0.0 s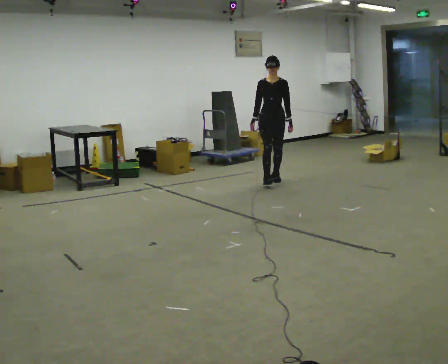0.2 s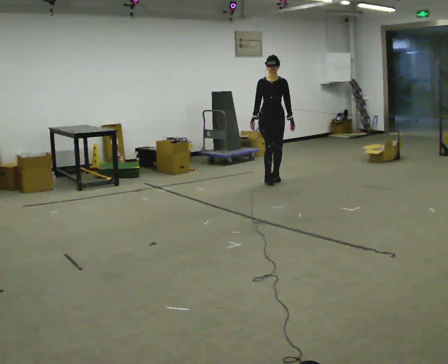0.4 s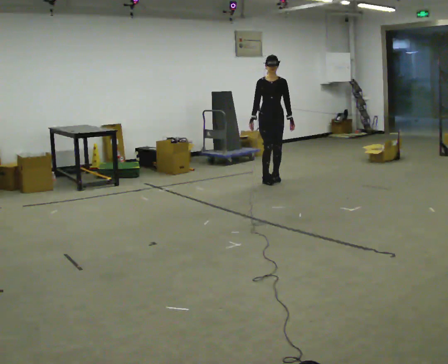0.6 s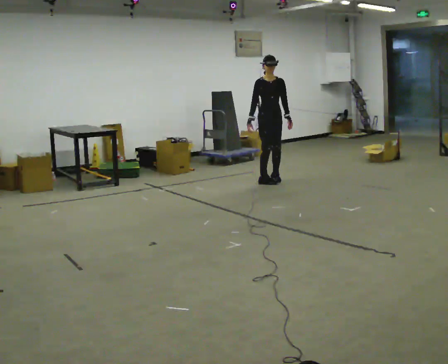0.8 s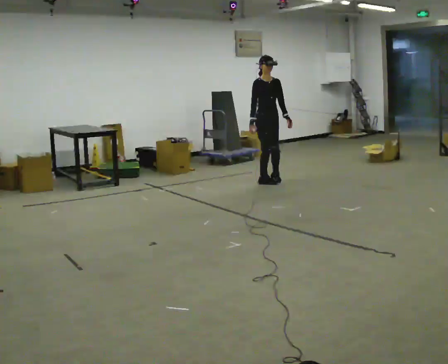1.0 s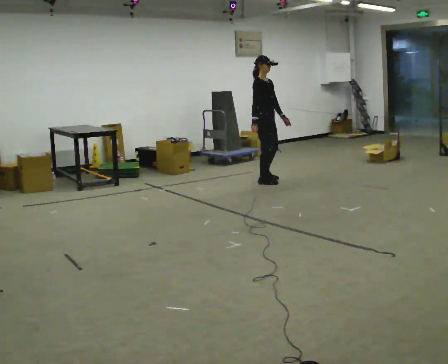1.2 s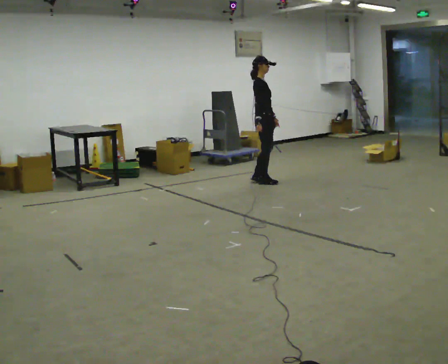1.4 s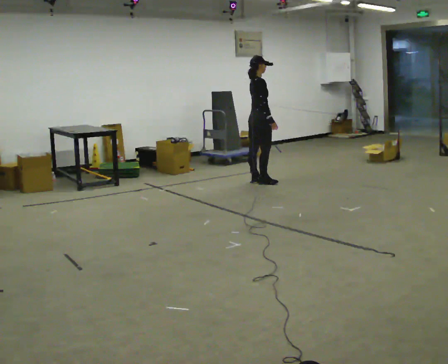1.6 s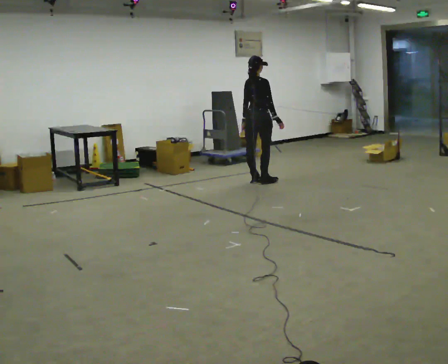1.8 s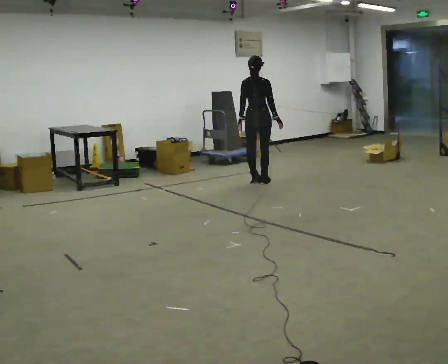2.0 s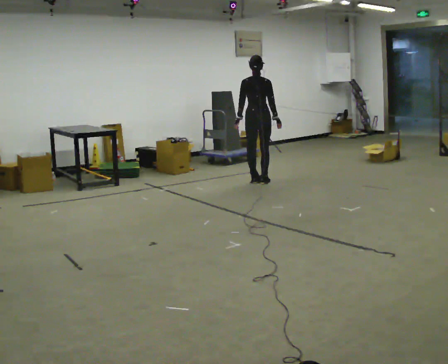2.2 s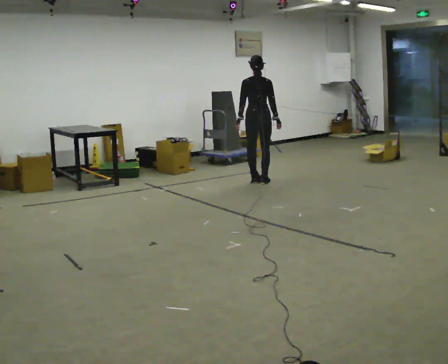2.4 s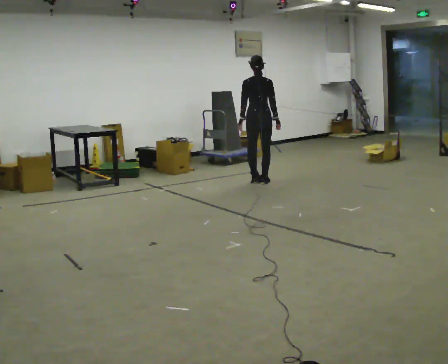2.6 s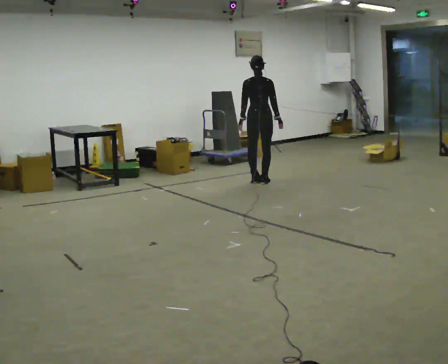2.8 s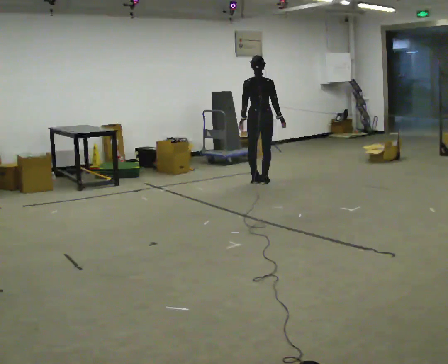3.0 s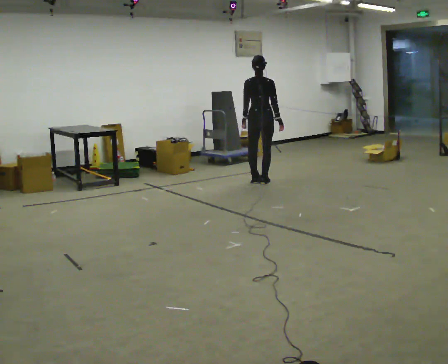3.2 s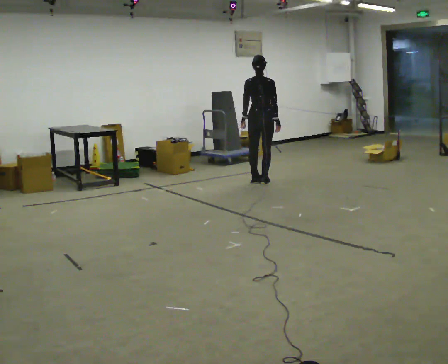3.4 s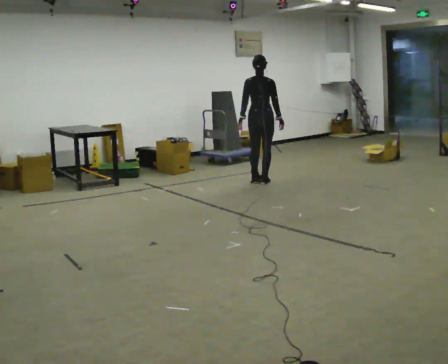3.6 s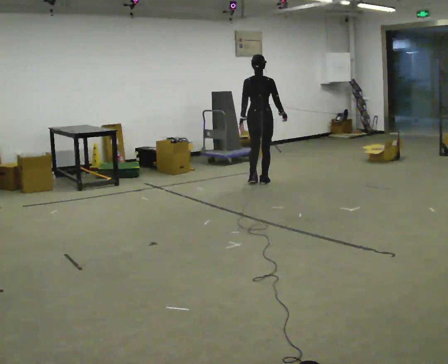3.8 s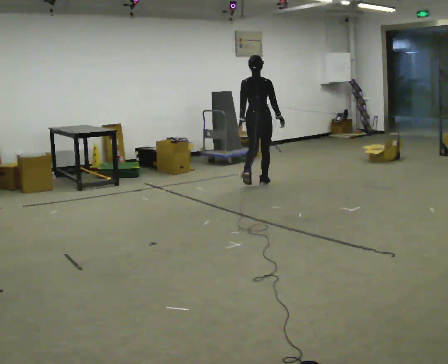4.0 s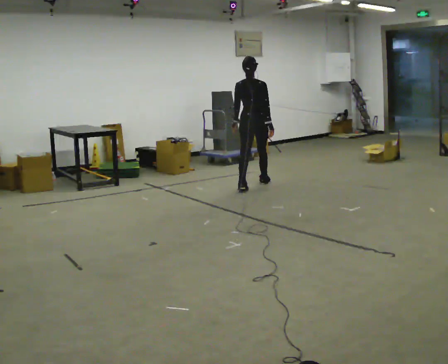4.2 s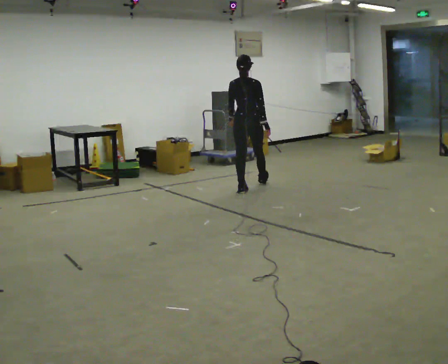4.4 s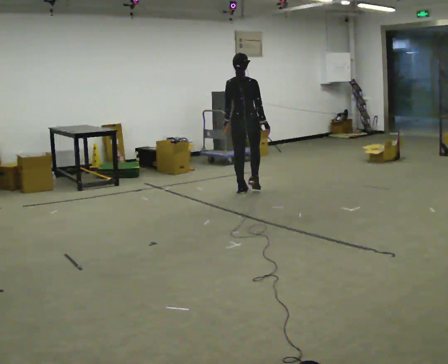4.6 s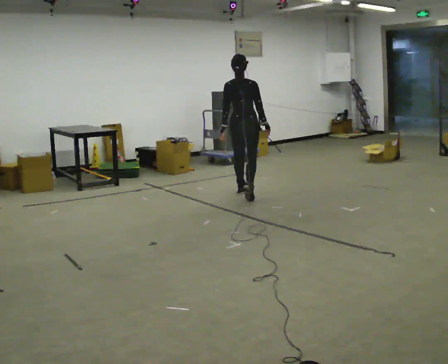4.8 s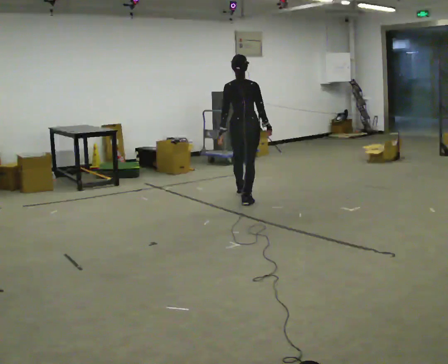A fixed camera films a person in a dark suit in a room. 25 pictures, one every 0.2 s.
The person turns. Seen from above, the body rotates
counterclockwise.
The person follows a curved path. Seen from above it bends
counterclockwise.
0.0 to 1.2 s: The part of the body nearest the lens slides to the right as the person turns to their left by about 90 degrees.
1.2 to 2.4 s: The part of the body nearest the lens slides to the right as the person turns to their left by about 105 degrees.
2.4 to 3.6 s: The person moves a little, or ends about where they began.
3.6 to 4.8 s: In the picture they go toward the camera, about 1 m in 2 steps, which for them is backward.
The film runs backward here.
